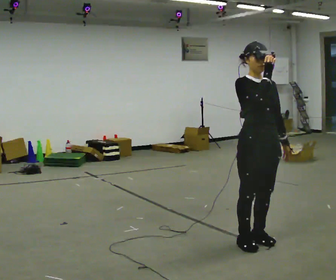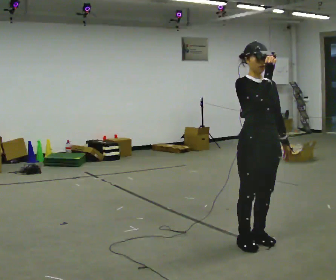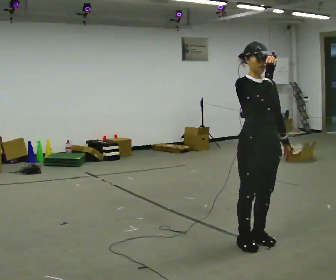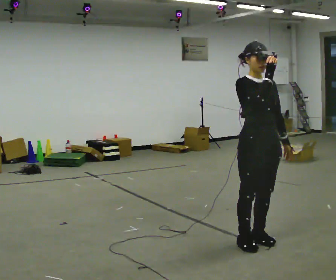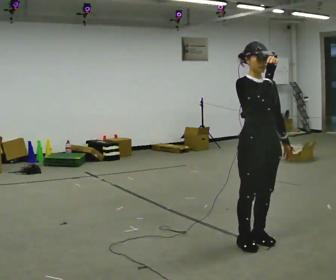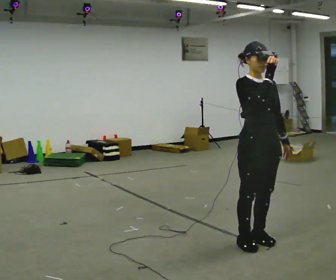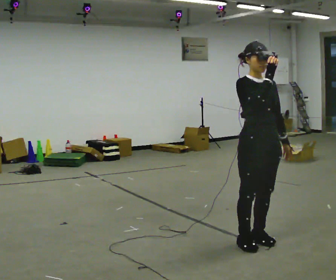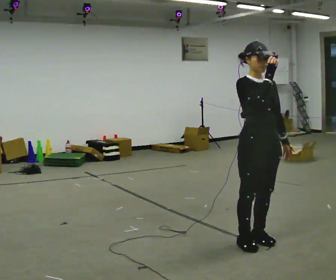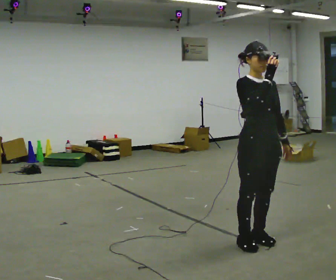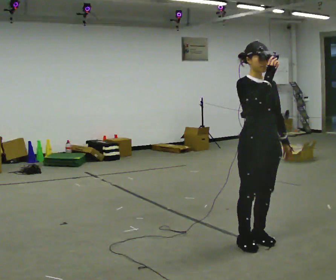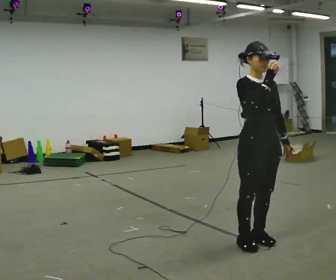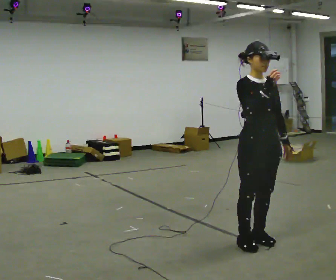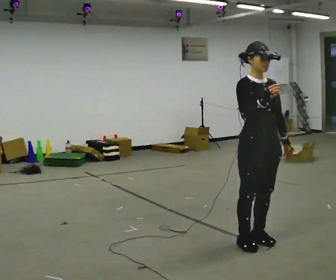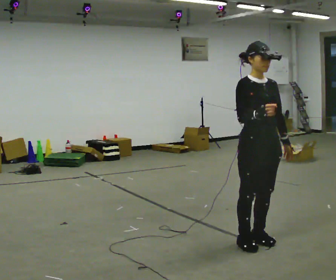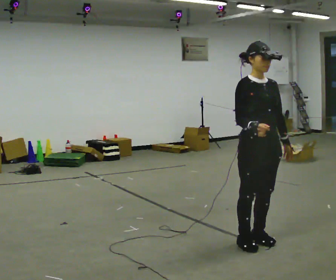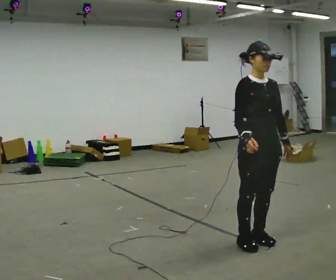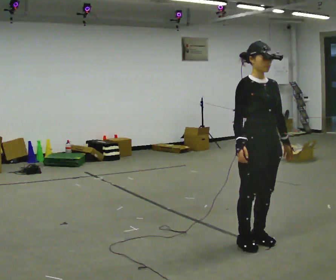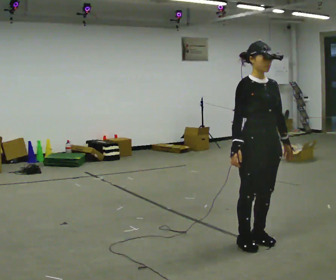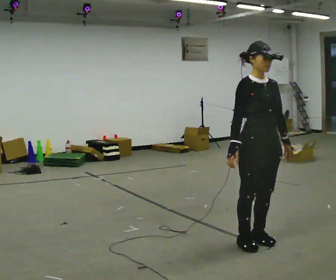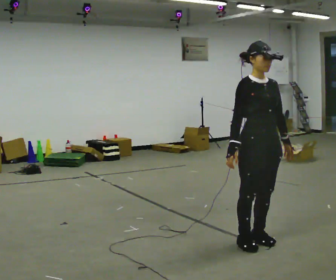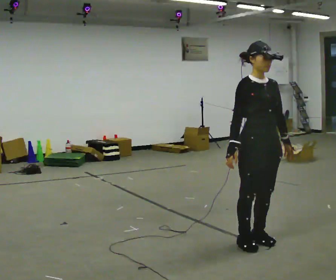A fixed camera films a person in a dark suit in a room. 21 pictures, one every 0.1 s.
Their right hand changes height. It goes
downward.
0.0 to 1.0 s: The person moves a little, or ends about where they began.
1.0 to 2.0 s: In the picture their right hand goes downward.
The film runs backward here.
